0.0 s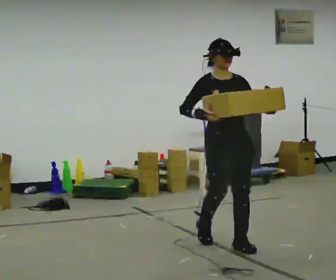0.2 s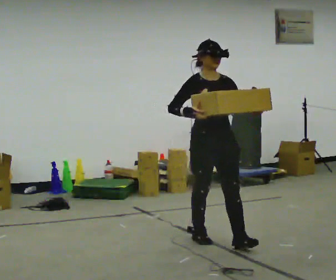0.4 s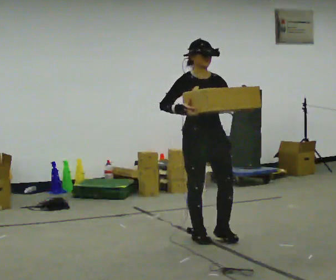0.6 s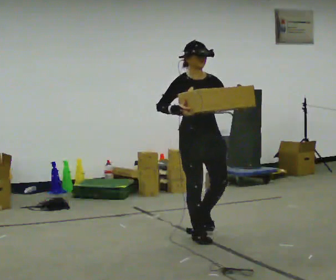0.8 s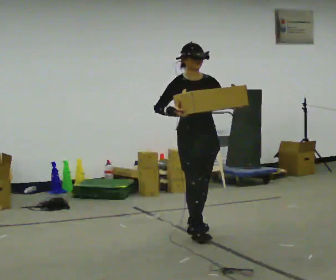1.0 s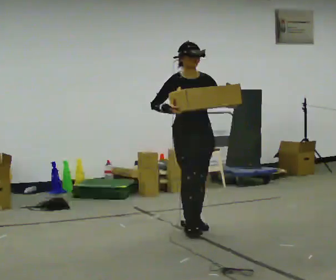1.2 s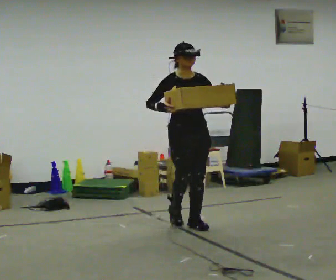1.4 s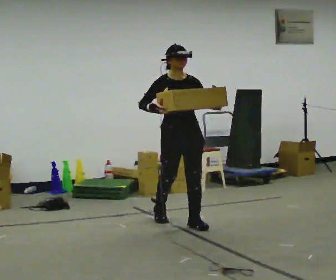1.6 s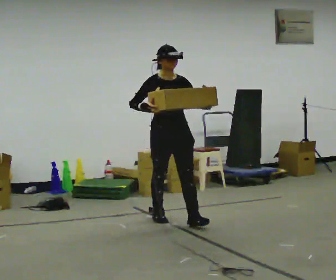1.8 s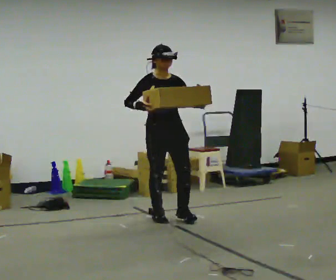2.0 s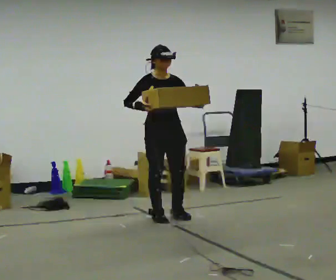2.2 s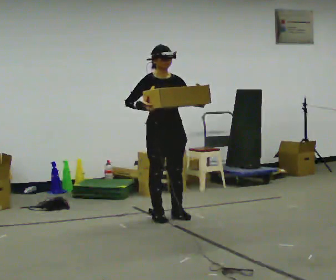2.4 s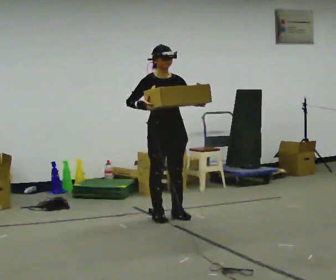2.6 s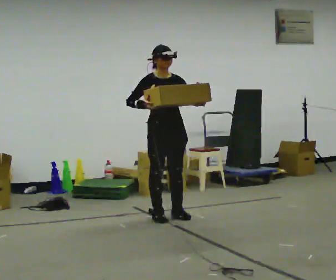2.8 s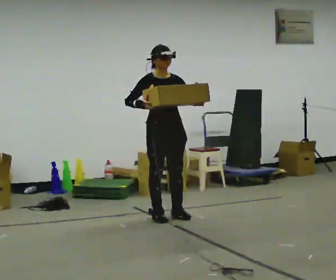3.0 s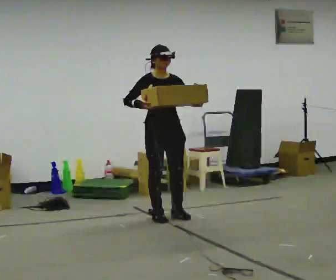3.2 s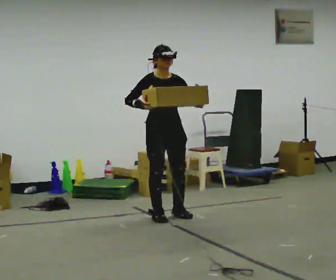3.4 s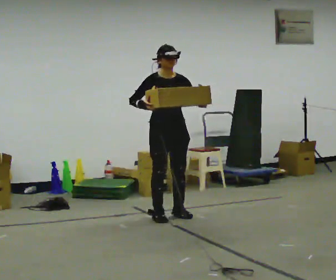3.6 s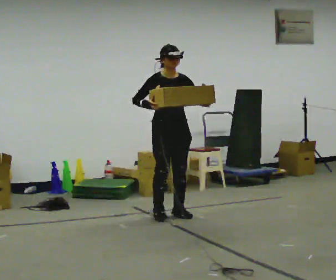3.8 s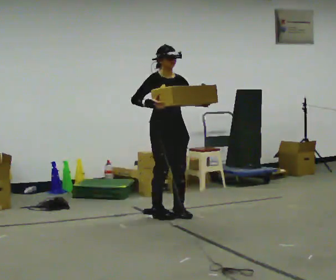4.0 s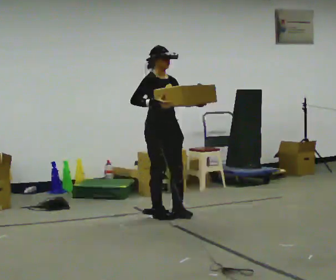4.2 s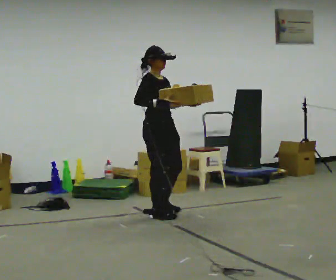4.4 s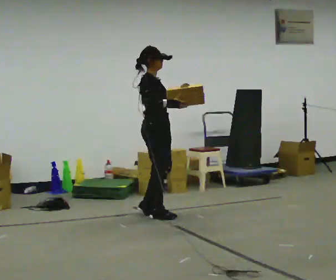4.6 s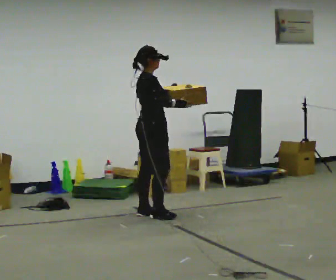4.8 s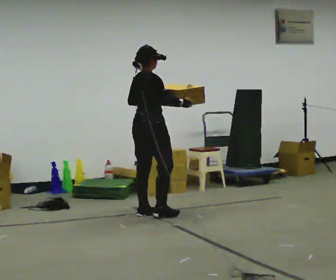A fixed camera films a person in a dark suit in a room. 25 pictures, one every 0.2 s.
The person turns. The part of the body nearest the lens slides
to the right.
The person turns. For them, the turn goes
to their left.
0.0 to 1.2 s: In the picture they go away from the camera, about 1 m in 2 steps, which for them is backward.
1.2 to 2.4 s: In the picture they go away from the camera and to the left, about 0.5 m in 1 step, which for them is backward.
2.4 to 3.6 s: The person moves a little, or ends about where they began.
3.6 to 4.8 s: Seen from above the body turns counterclockwise, about 105 degrees: to their left, with its near side sliding to the right. In the picture they go to the left, about 0.25 m in 1 step. In the picture their left hand goes to the left.
The film runs backward here.
